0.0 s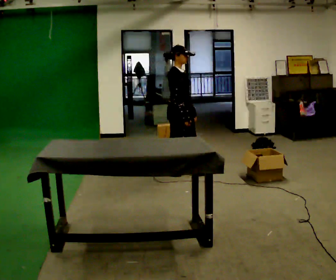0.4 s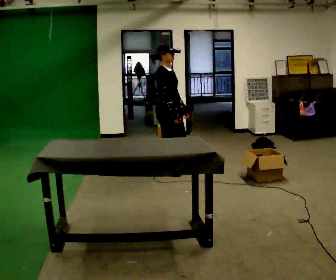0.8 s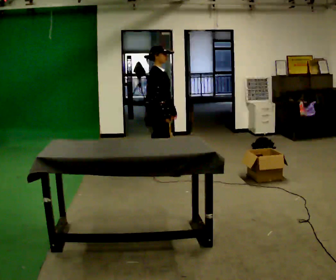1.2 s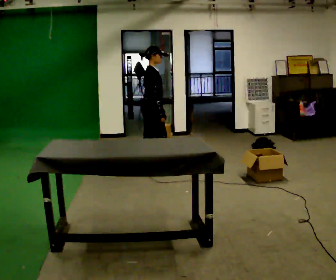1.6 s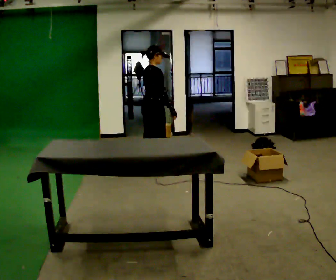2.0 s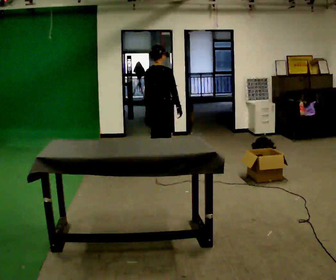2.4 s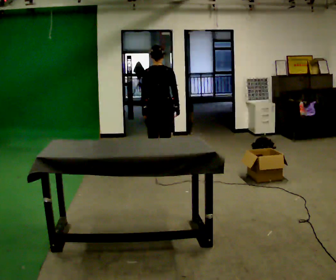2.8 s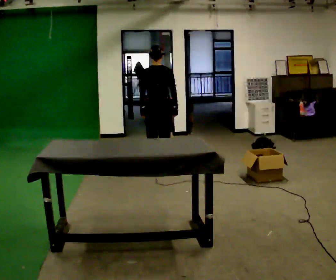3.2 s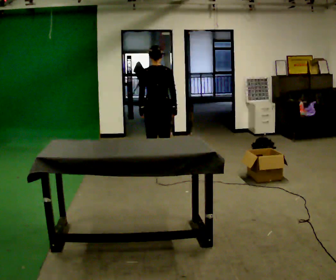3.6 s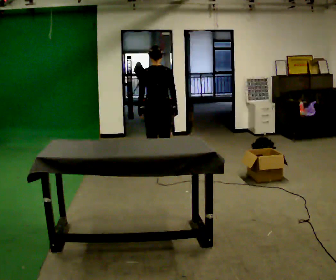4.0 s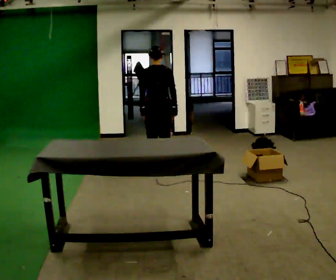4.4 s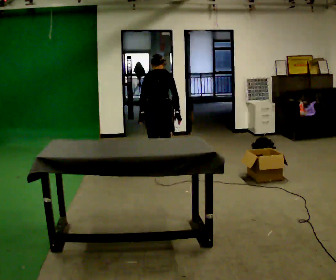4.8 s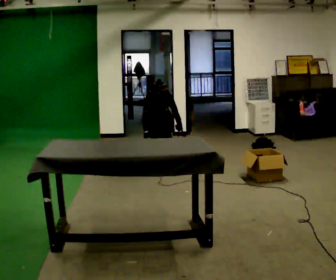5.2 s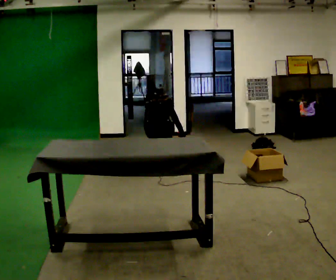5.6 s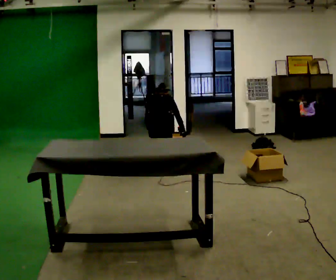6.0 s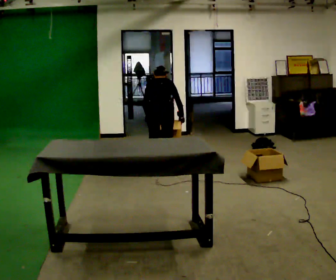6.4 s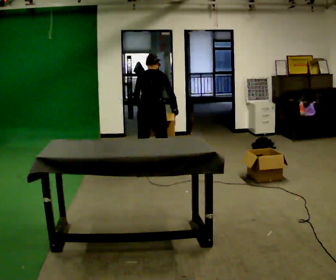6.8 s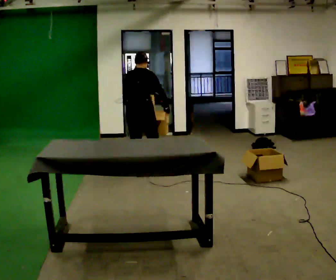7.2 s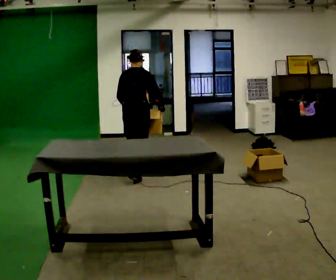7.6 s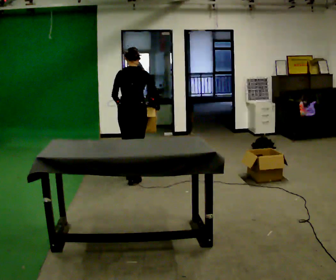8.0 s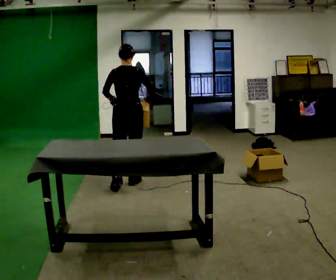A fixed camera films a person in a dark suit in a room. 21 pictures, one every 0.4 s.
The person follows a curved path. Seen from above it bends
counterclockwise.
The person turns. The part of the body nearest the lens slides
to the right.
0.0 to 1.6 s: The person turns about 45 degrees to their left, counterclockwise seen from above, so the part of the body nearest the lens slides to the right. In the picture they go to the left and away from the camera, about 0.5 m in 1 step, which for them is backward and to their left.
1.6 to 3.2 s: The person turns about 60 degrees to their left, counterclockwise seen from above, so the part of the body nearest the lens slides to the right.
3.2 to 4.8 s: The upper body goes downward. The upper body tips away from the camera, its near side rolling upward, as they bend forward. In the picture their right hand goes downward.
4.8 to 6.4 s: The person moves a little, or ends about where they began.
6.4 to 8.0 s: In the picture they go toward the camera and to the left, about 0.5 m in 2 steps, which for them is backward. The upper body tips toward the camera, its near side rolling downward, as they lean back or straighten.
The film runs backward here.
